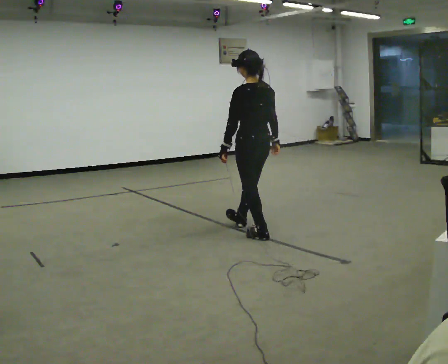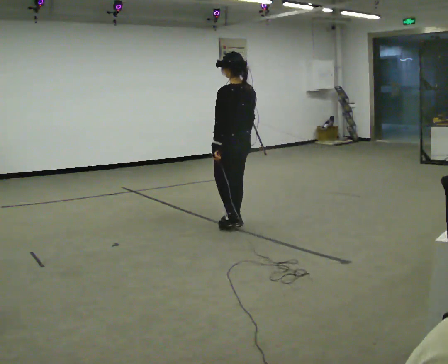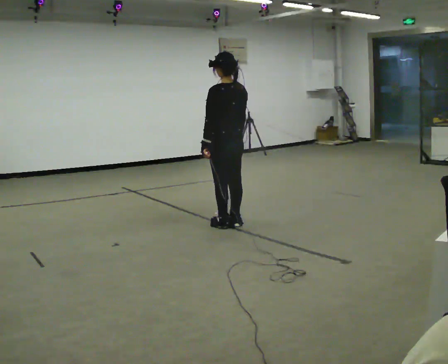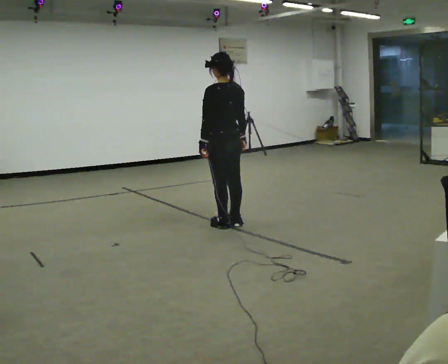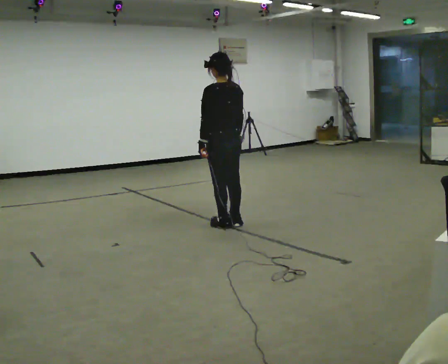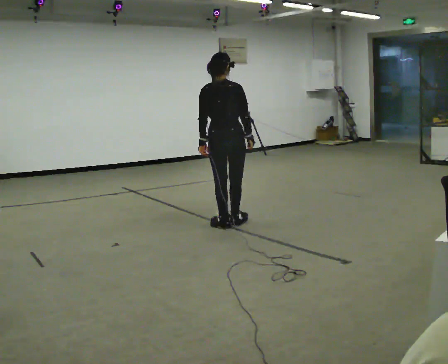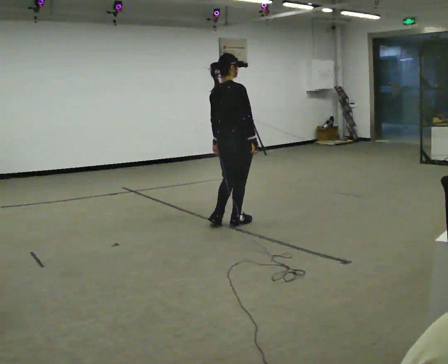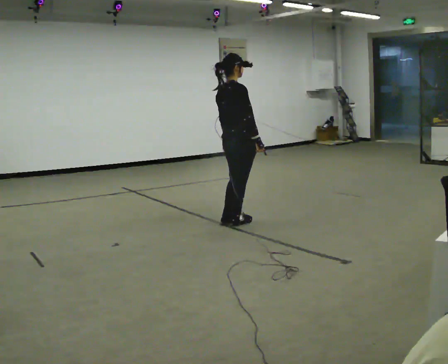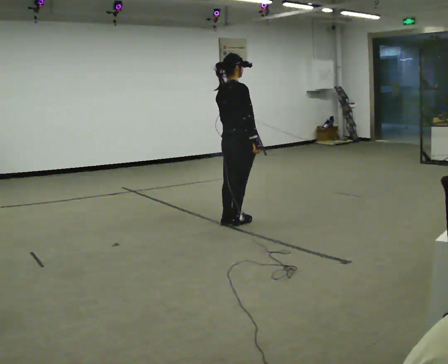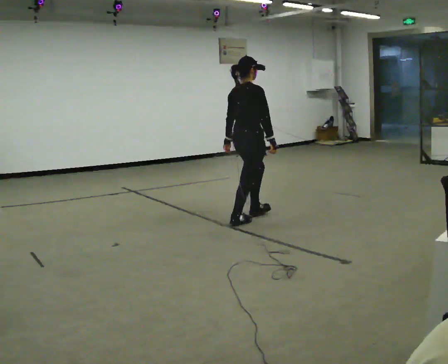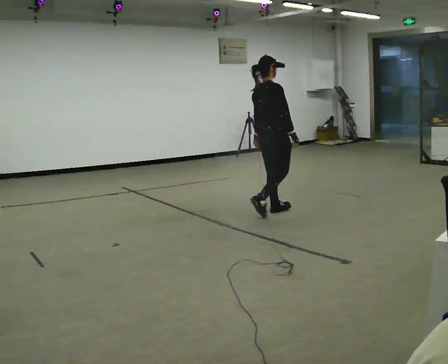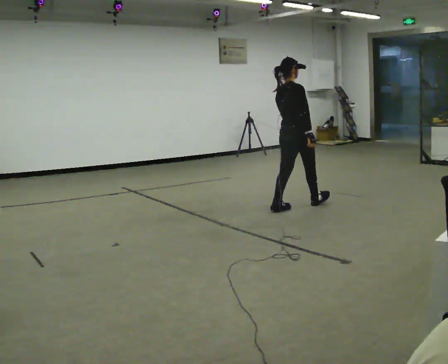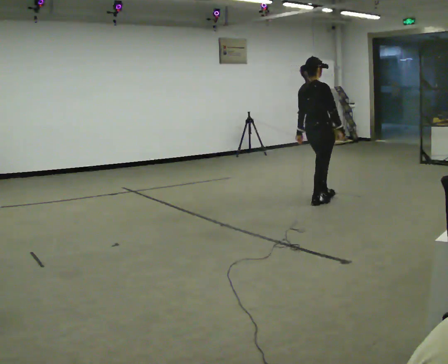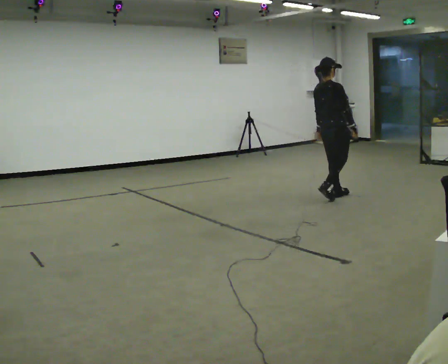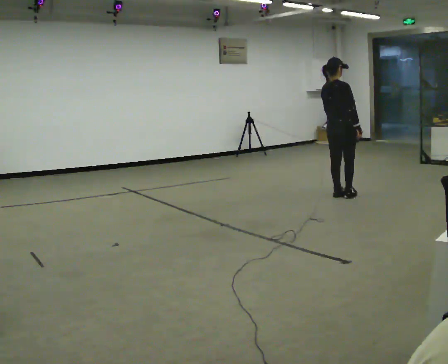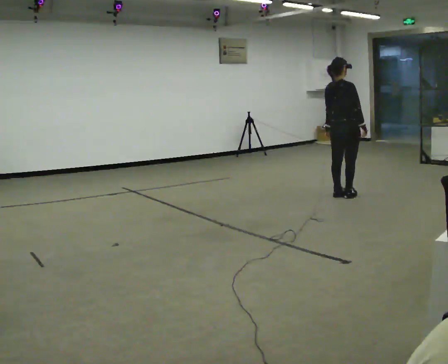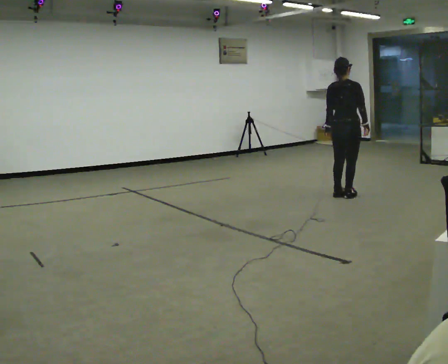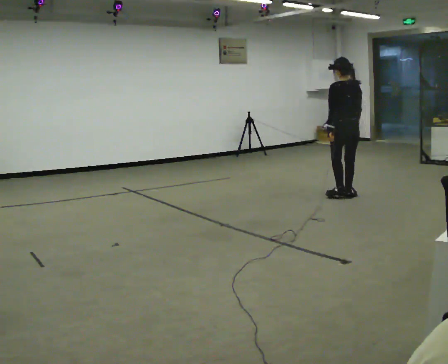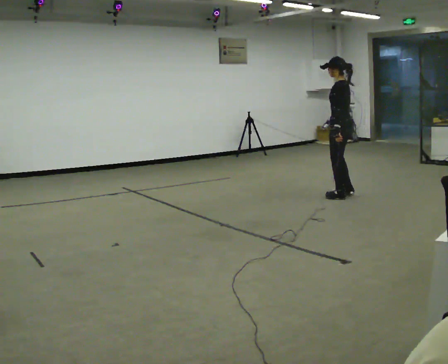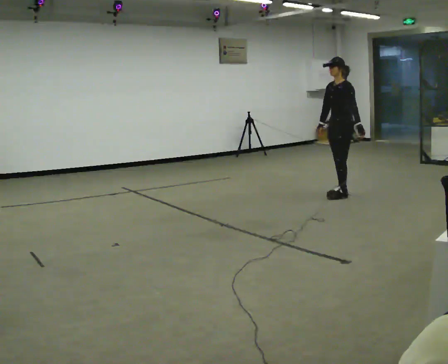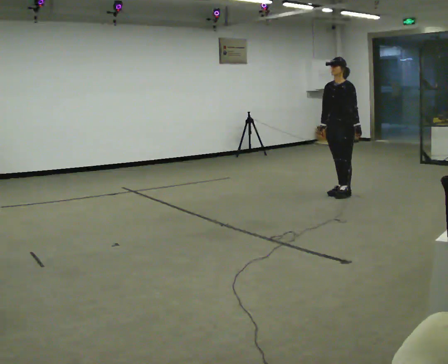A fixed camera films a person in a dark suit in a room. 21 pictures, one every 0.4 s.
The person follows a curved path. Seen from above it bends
clockwise.
The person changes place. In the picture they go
away from the camera.
0.0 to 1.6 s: In the picture they go away from the camera and to the left, about 0.5 m in 2 steps, which for them is forward.
1.6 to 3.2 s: The part of the body nearest the lens slides to the left as the person turns to their right by about 90 degrees.
3.2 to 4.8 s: In the picture they go to the right and away from the camera, about 1 m in 2 steps, which for them is forward.
4.8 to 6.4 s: In the picture they go to the right and away from the camera, about 0.5 m in 2 steps, which for them is forward.
6.4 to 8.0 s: Seen from above the body turns counterclockwise, about 150 degrees: to their left, with its near side sliding to the right. In the picture their left hand goes to the right.
The film runs forward here.
